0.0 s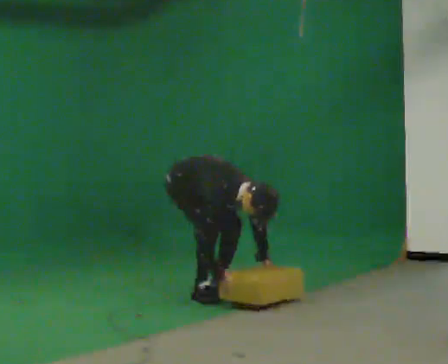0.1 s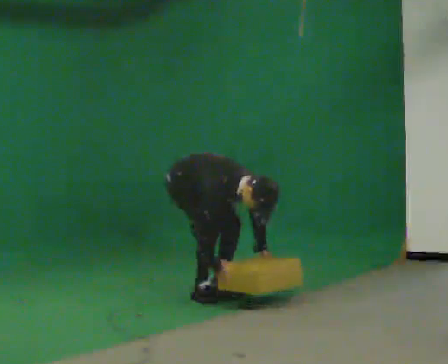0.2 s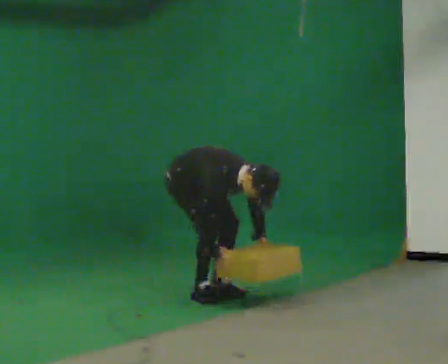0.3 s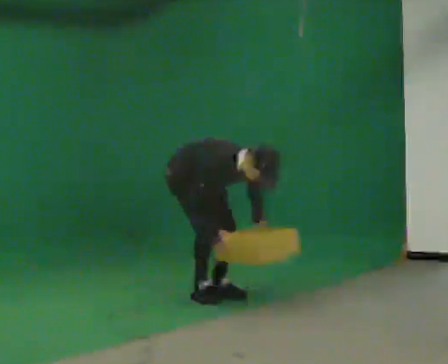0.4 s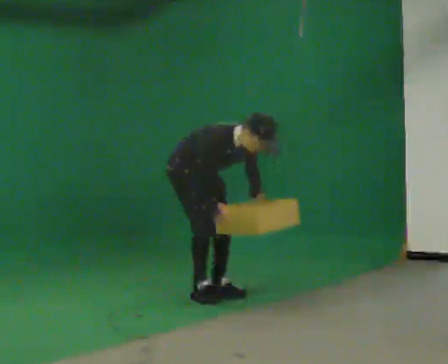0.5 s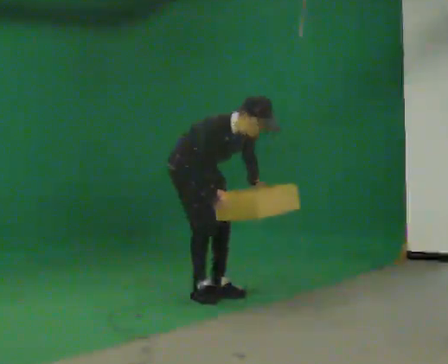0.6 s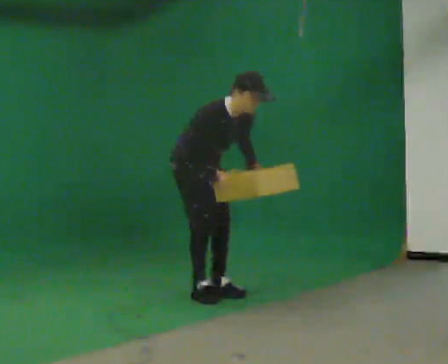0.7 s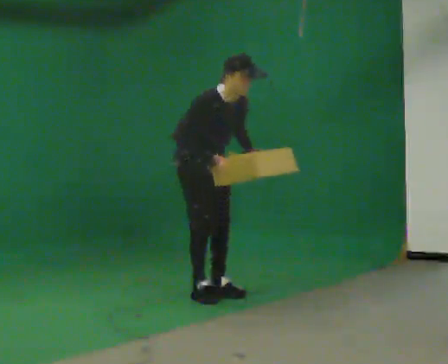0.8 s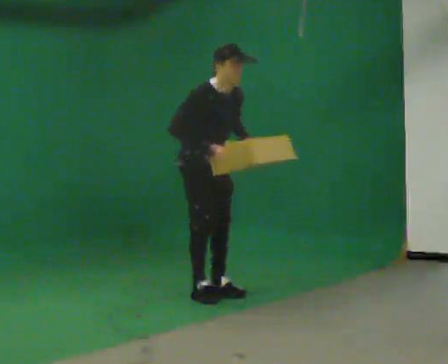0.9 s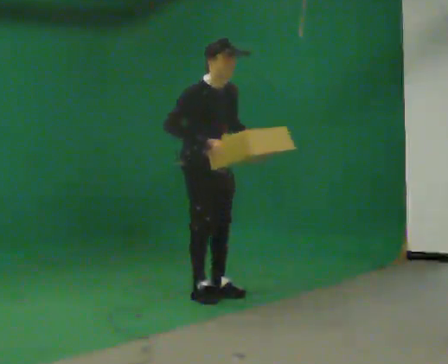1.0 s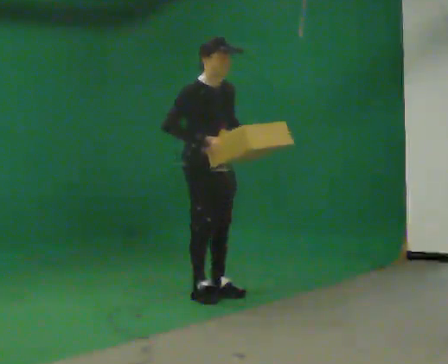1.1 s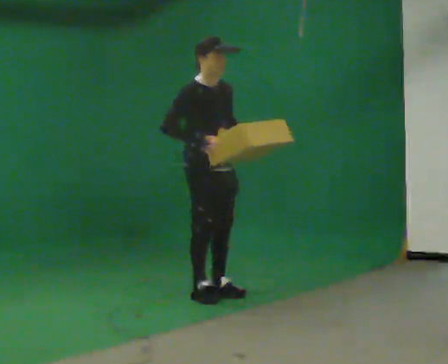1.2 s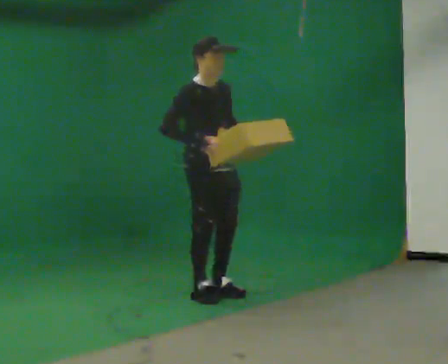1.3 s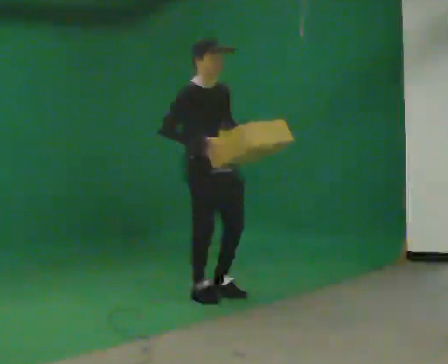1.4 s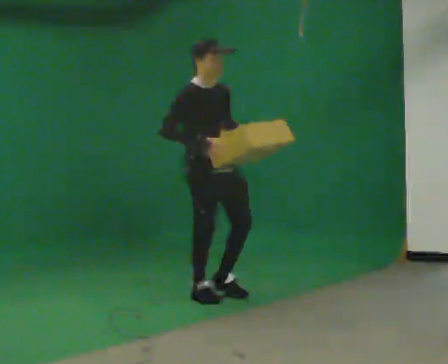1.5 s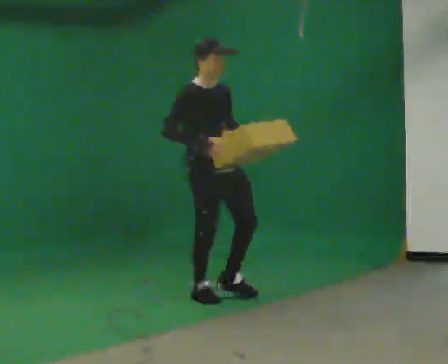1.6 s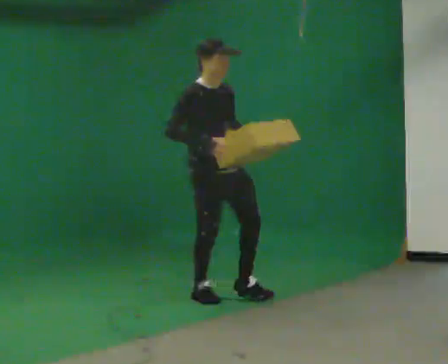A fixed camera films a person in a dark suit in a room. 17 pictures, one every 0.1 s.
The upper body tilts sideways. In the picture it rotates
counterclockwise.
Their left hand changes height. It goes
upward.
0.0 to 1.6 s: In the picture they go toward the camera and to the right, about 0.25 m, which for them is forward. The upper body goes upward. In the picture the upper body tilts counterclockwise, shoulders to the left, as they lean back or straighten. In the picture their right hand goes upward.
The film runs forward here.
